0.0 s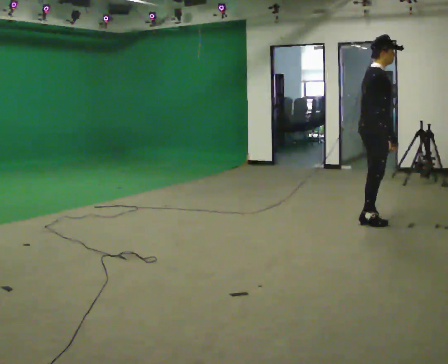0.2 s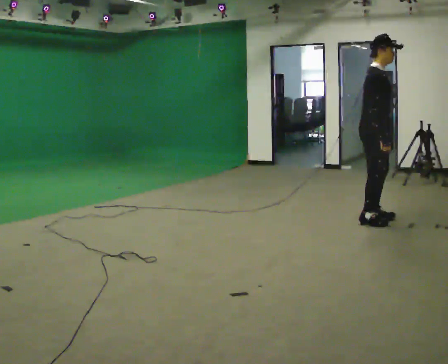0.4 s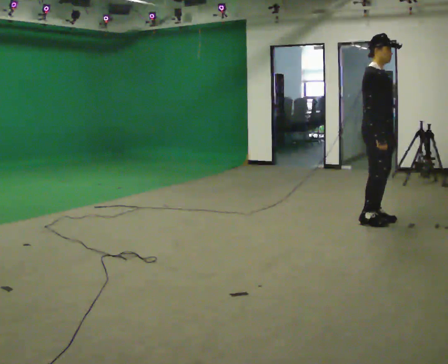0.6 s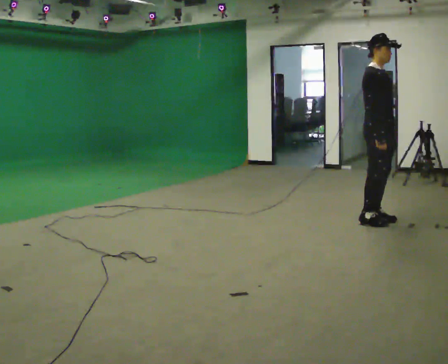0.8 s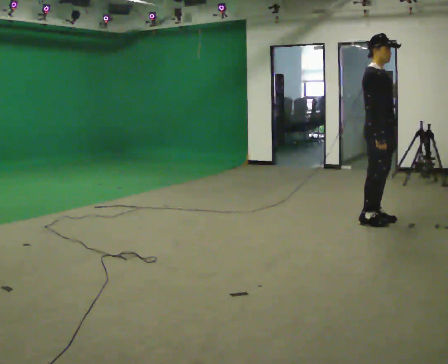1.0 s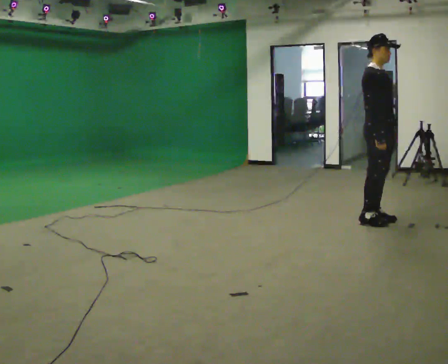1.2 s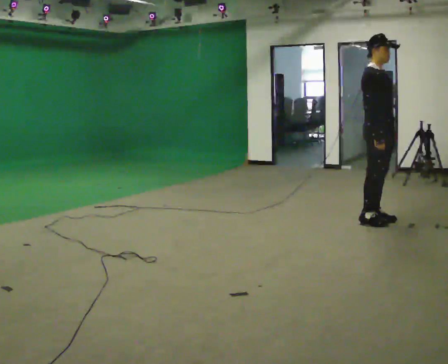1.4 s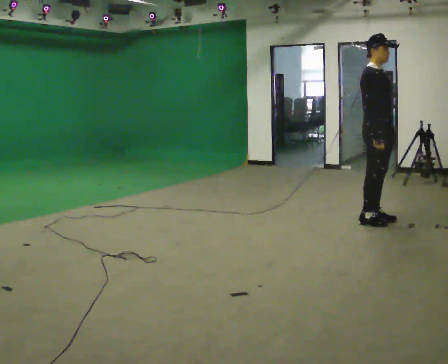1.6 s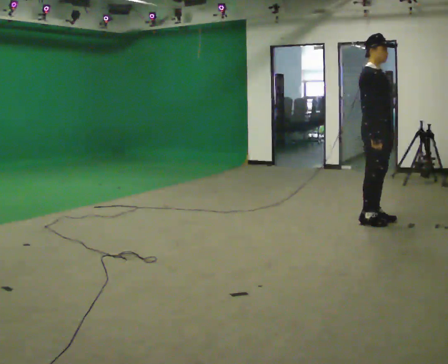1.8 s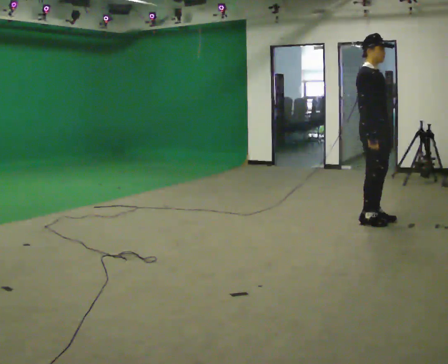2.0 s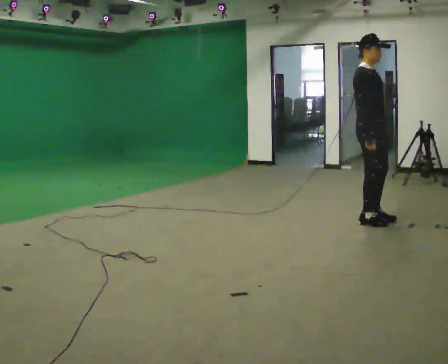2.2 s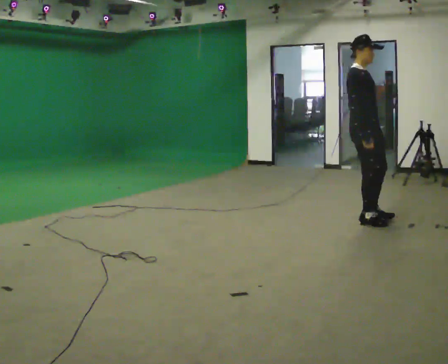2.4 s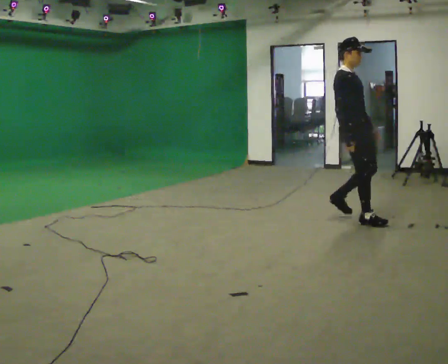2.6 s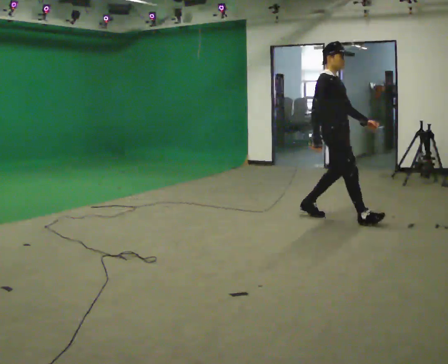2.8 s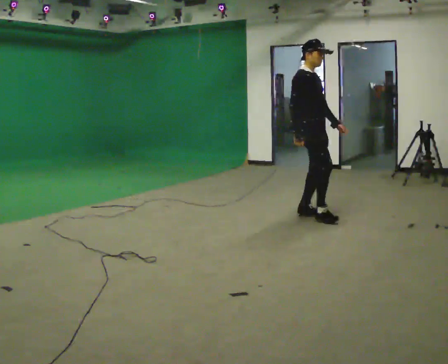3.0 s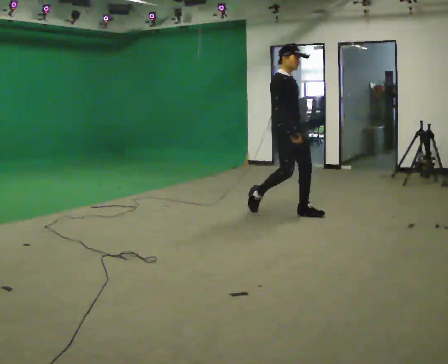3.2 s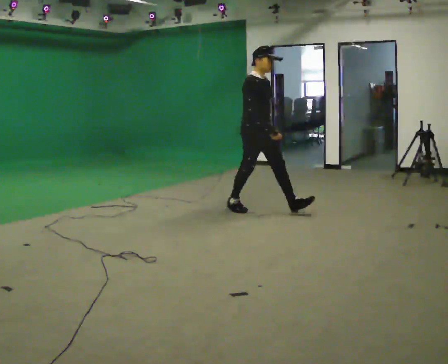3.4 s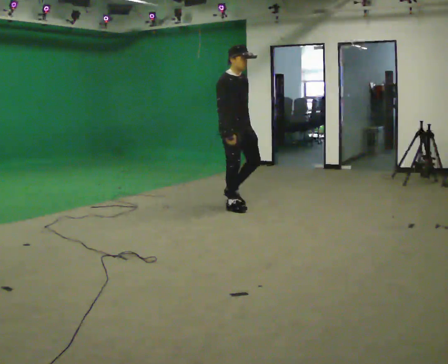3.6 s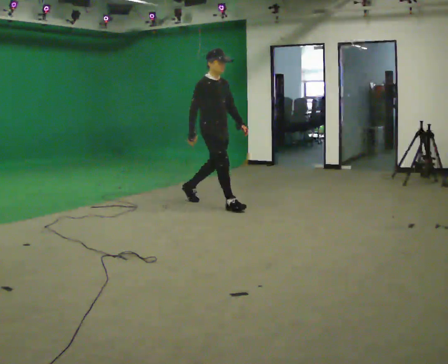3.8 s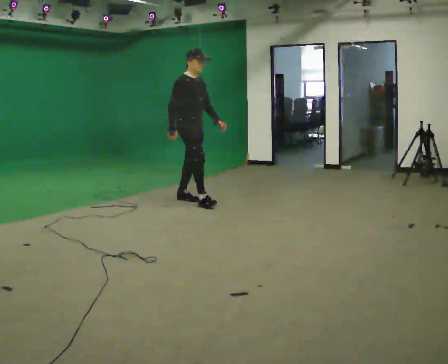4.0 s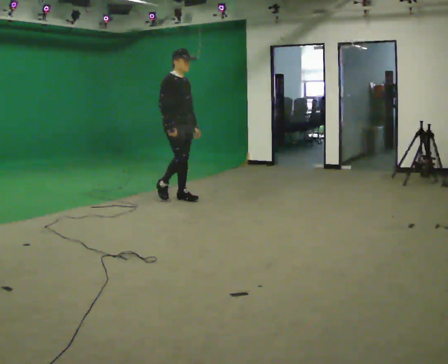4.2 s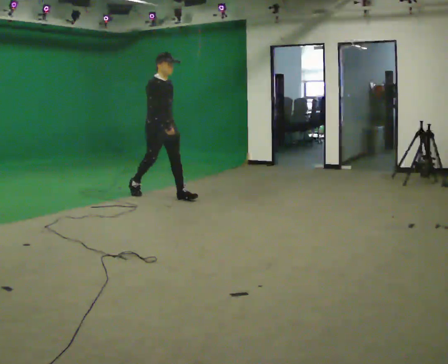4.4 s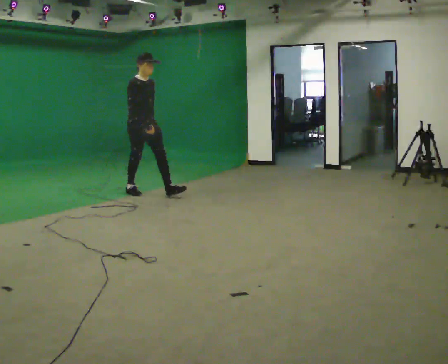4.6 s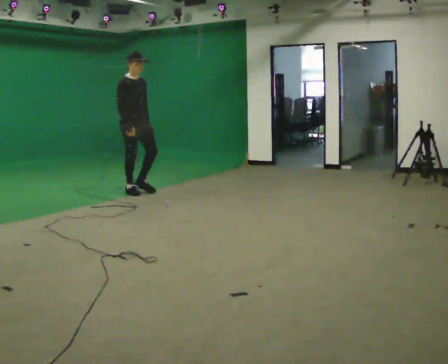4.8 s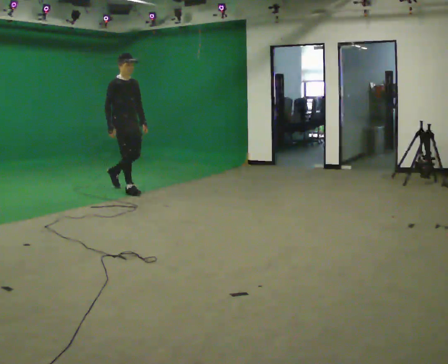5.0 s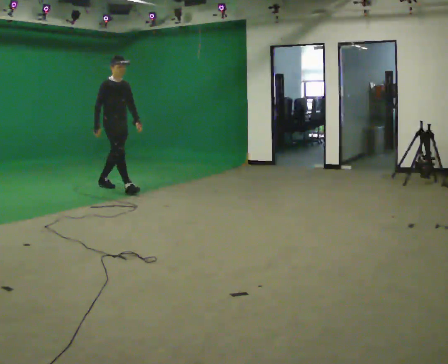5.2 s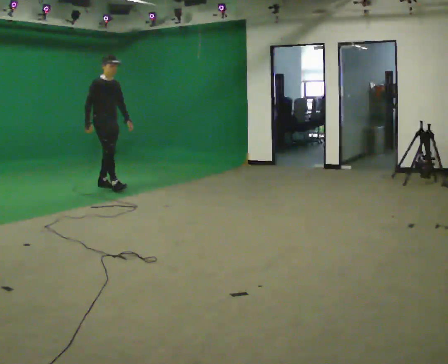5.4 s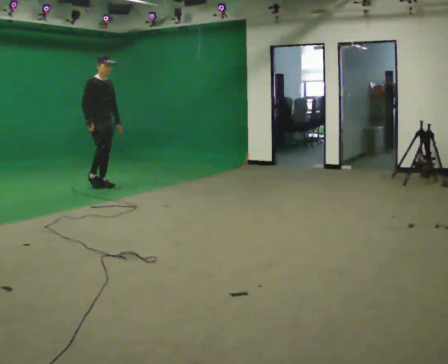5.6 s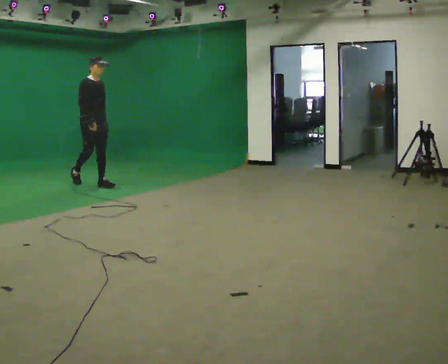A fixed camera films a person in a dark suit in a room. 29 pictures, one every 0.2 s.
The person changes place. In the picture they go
to the left.
0.0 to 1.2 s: The part of the body nearest the lens slides to the left as the person turns to their right by about 30 degrees.
1.2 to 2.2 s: The person moves a little, or ends about where they began.
2.2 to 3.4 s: In the picture they go to the left and away from the camera, about 1.5 m in 2 steps, which for them is backward.
3.4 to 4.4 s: In the picture they go to the left and away from the camera, about 1.5 m in 2 steps, which for them is backward.
4.4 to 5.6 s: In the picture they go to the left and away from the camera, about 1 m in 1 step, which for them is backward.
The film runs backward here.
